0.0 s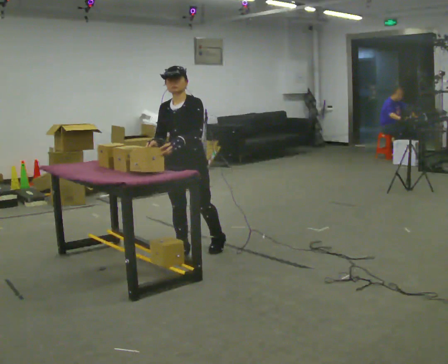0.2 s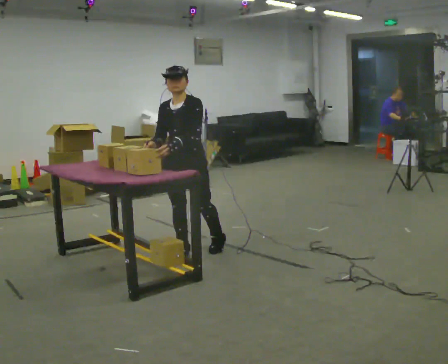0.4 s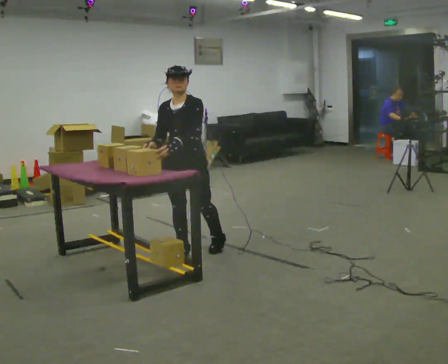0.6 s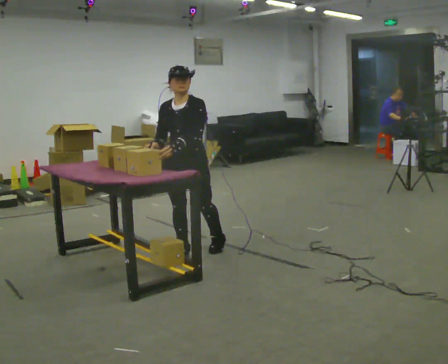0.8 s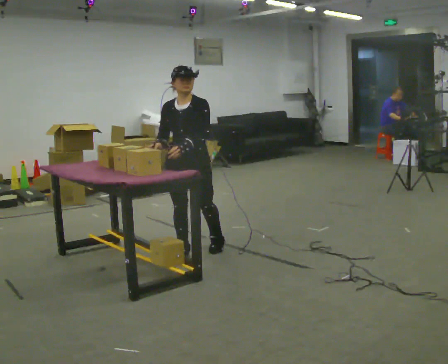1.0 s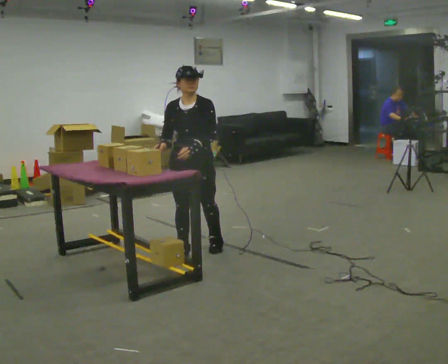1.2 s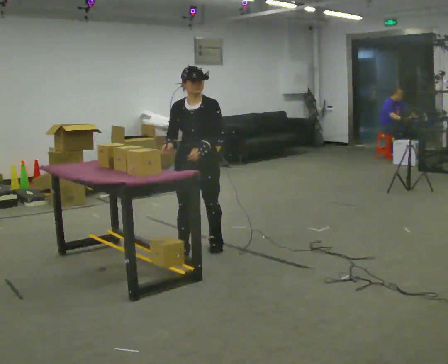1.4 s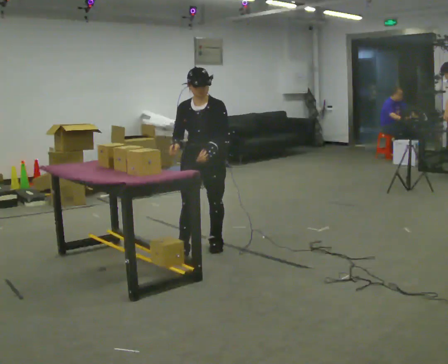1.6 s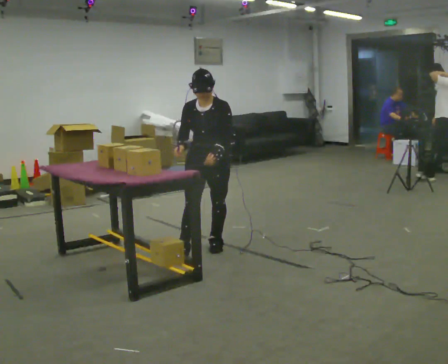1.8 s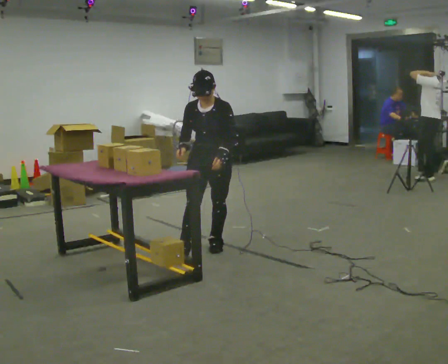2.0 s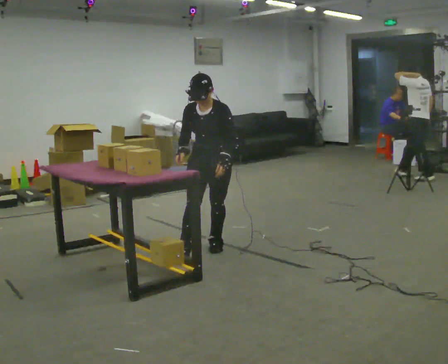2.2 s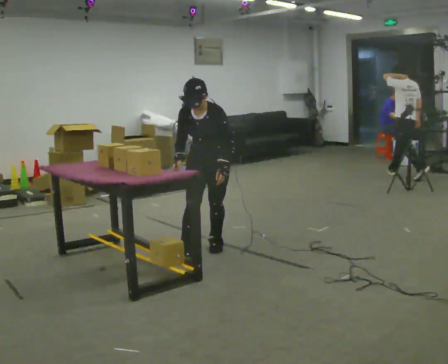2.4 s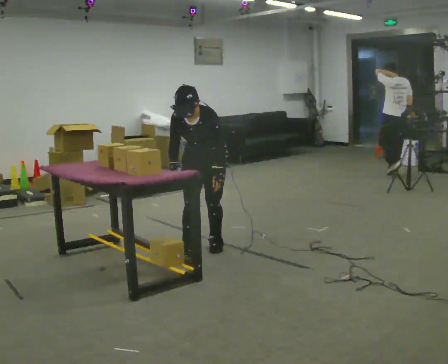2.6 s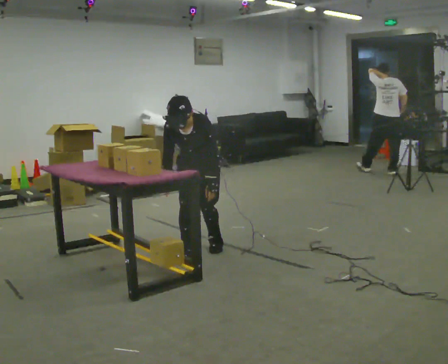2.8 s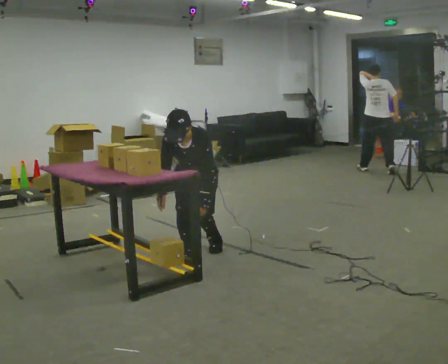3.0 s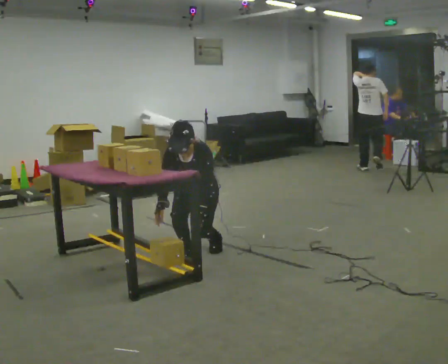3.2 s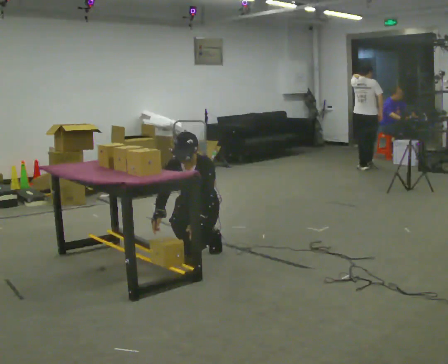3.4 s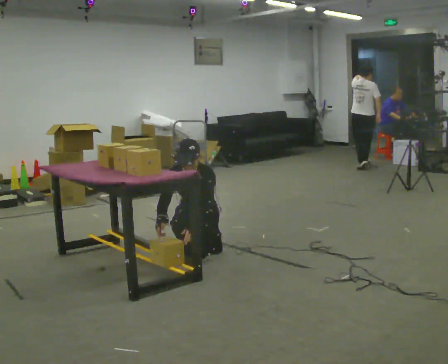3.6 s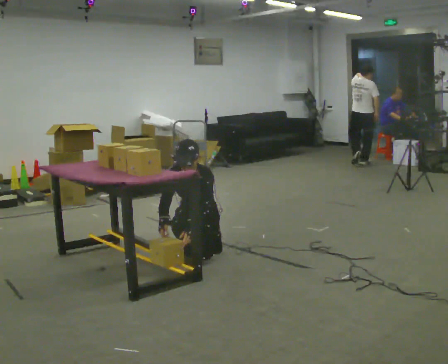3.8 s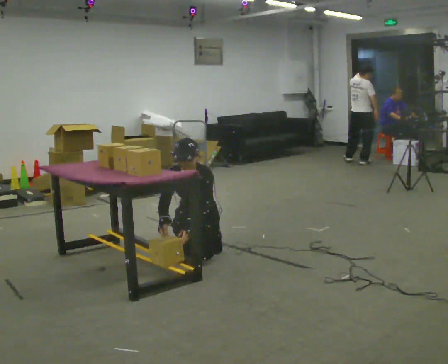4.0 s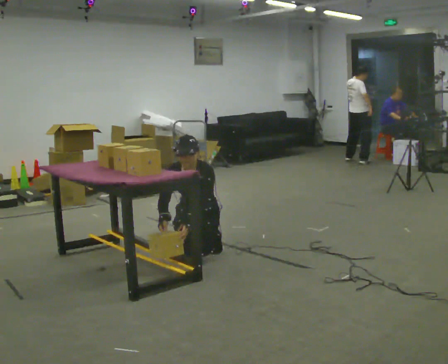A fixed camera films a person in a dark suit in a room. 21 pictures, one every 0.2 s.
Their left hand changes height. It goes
downward.
The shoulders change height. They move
downward.
0.0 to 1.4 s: The person moves a little, or ends about where they began.
1.4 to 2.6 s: The upper body tips toward the camera, its near side rolling downward, as they bend forward.
2.6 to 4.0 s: The upper body goes downward. The upper body tips away from the camera, its near side rolling upward, as they lean back or straighten.
The film runs forward here.
